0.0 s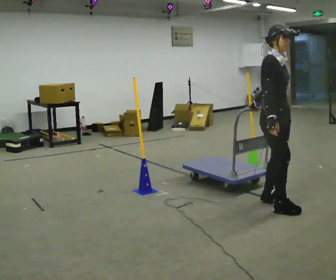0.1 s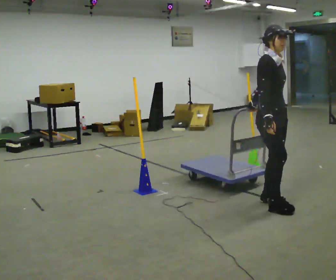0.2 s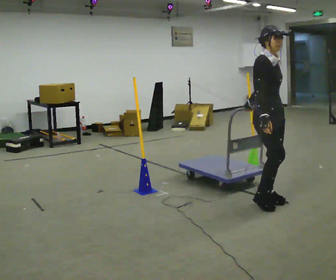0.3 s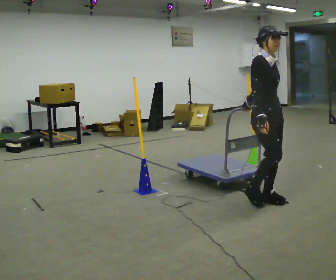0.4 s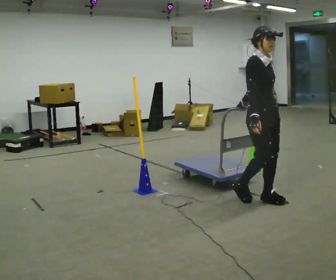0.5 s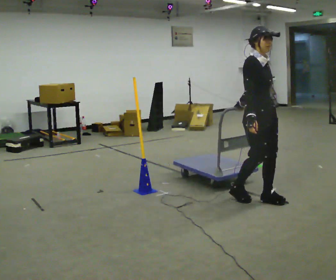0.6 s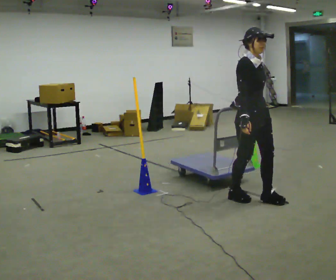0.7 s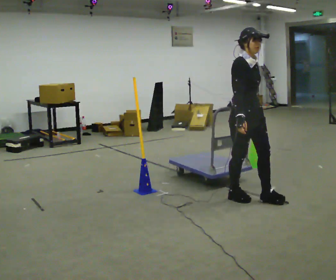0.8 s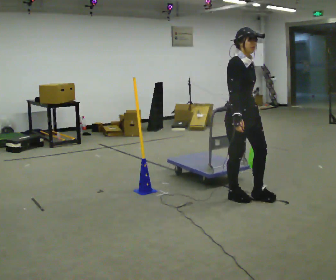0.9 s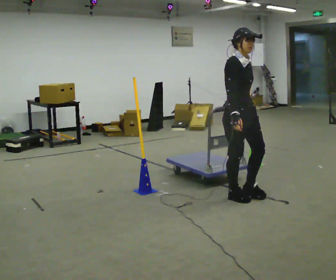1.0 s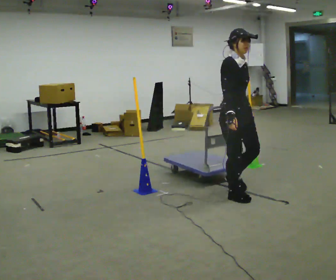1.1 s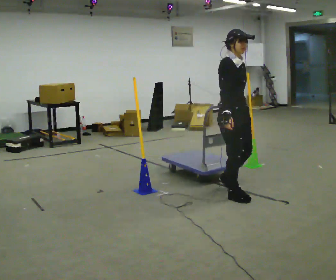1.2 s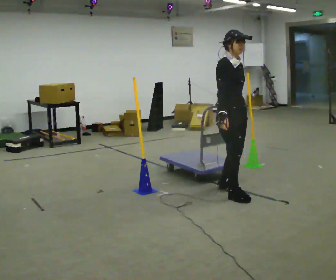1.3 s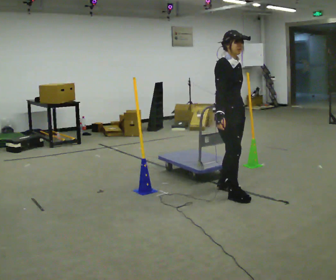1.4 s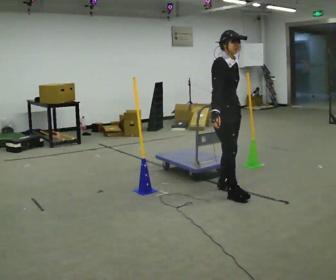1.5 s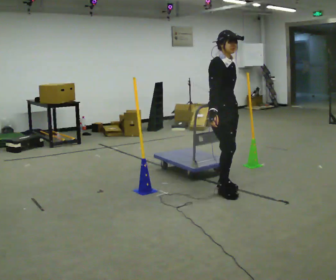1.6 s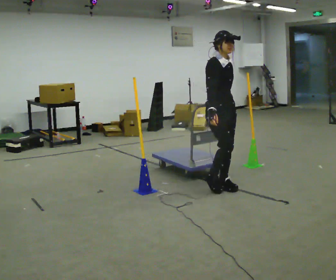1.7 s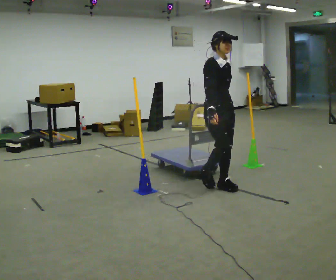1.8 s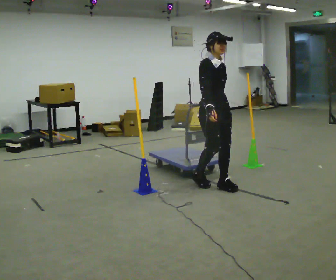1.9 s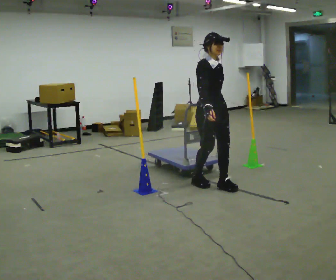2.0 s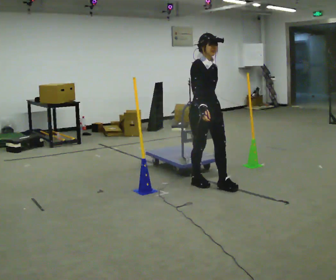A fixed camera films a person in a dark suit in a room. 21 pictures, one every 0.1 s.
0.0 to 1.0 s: In the picture they go to the left and away from the camera, about 0.5 m in 2 steps, which for them is backward.
1.0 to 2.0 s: In the picture they go away from the camera and to the left, about 0.5 m in 1 step, which for them is backward.
The film runs backward here.
